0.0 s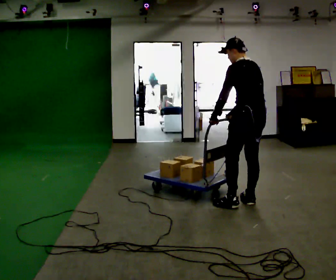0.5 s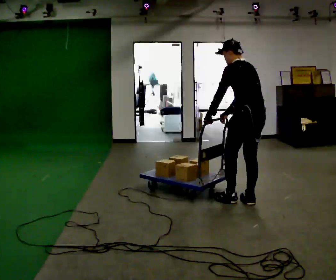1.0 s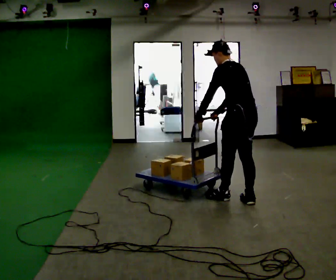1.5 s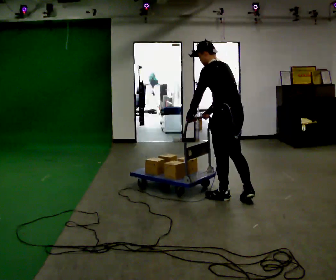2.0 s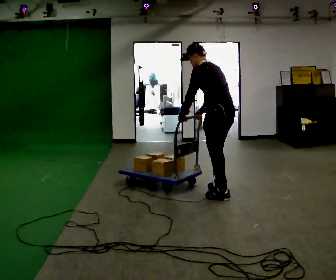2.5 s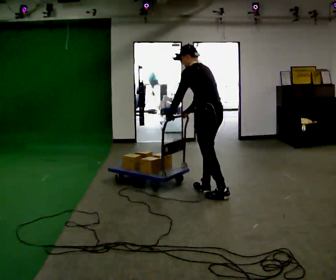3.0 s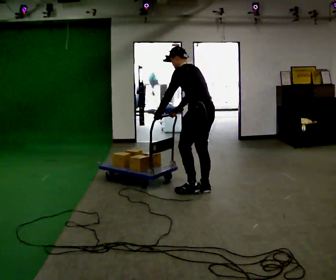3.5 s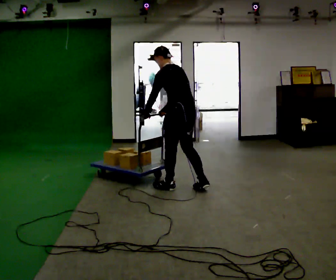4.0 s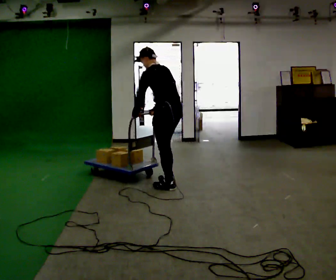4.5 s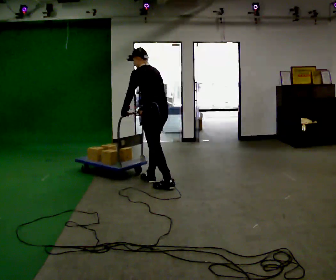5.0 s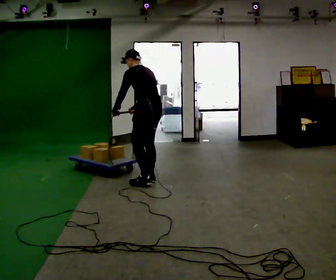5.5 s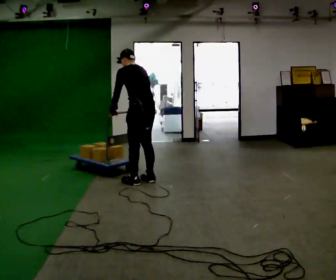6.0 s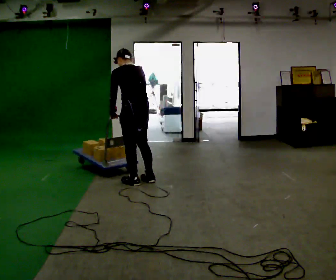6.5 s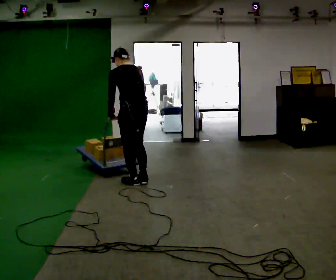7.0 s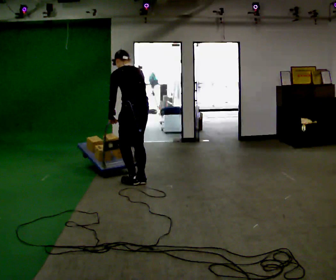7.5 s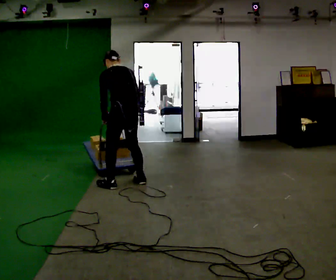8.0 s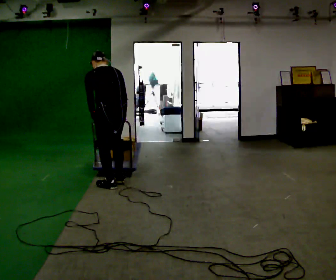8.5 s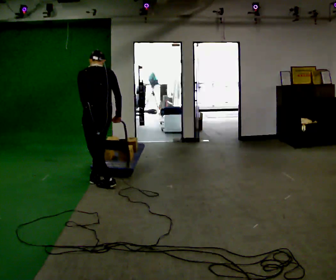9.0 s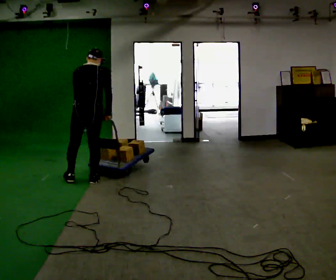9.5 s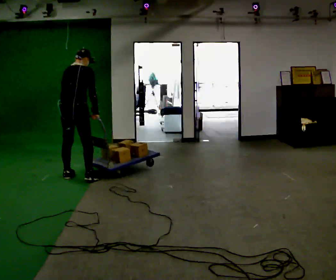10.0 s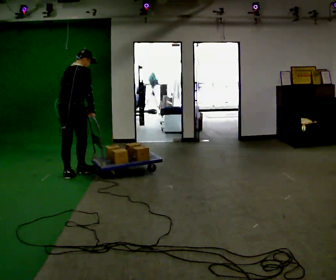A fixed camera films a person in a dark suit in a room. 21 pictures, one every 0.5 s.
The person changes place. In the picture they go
to the left.
0.0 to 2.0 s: In the picture they go to the left and away from the camera, about 0.25 m in 1 step, which for them is forward.
2.0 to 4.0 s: In the picture they go to the left and away from the camera, about 0.75 m in 2 steps, which for them is forward.
4.0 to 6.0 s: In the picture they go to the left and away from the camera, about 0.5 m in 2 steps, which for them is forward.
6.0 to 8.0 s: In the picture they go to the left and toward the camera, about 0.25 m in 1 step, which for them is to their left.
8.0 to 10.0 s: The person turns about 60 degrees to their right, clockwise seen from above, so the part of the body nearest the lens slides to the left. In the picture they go to the left and away from the camera, about 0.5 m in 3 steps, which for them is to their left and forward. In the picture the upper body tilts clockwise, shoulders to the right.
The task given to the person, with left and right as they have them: Push the loaded cart from one corner of the room to the other, turn it round, and push it back. Keep going until the operator says stop.
The film runs forward here.
